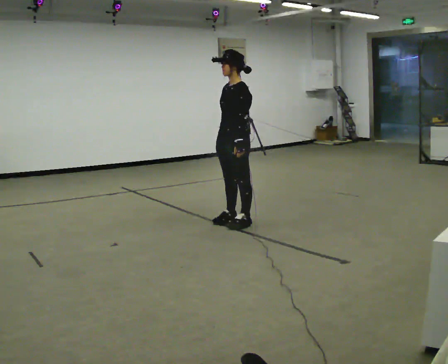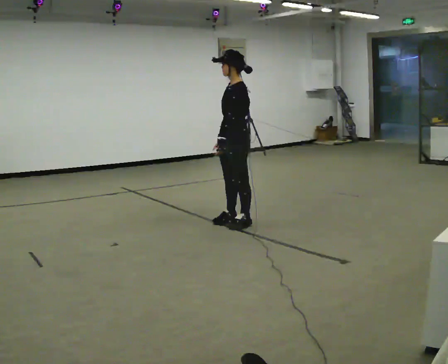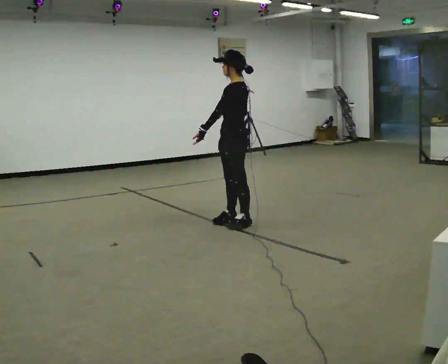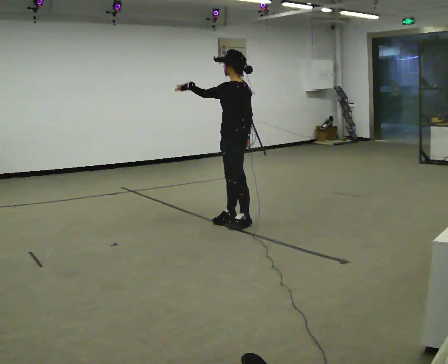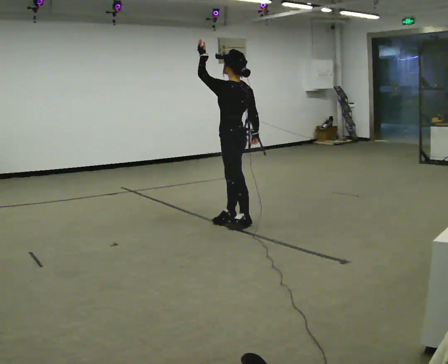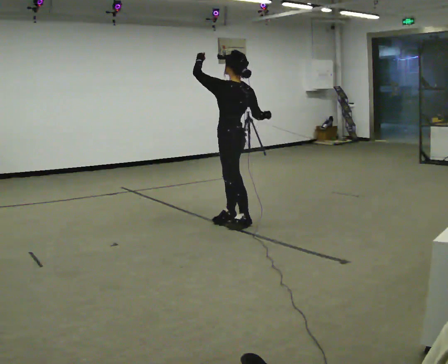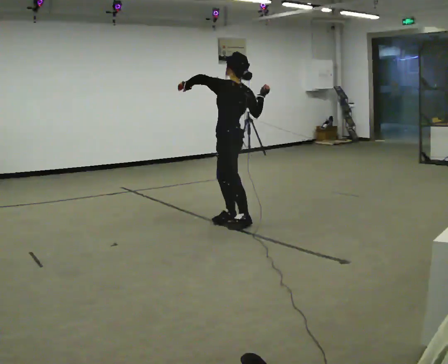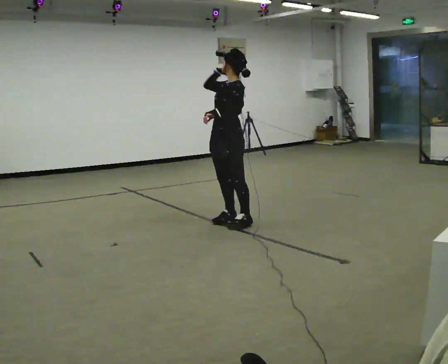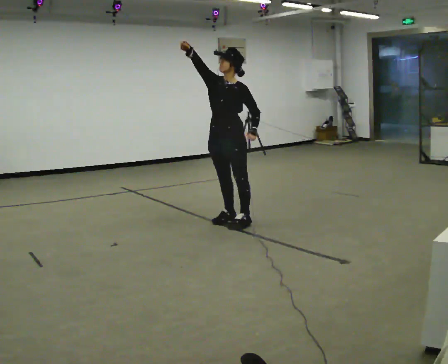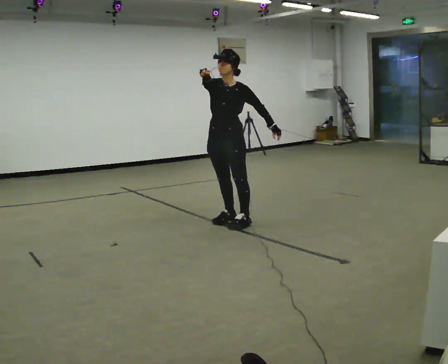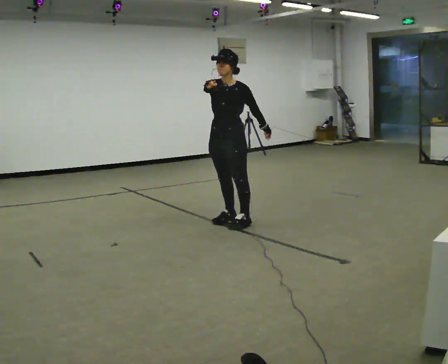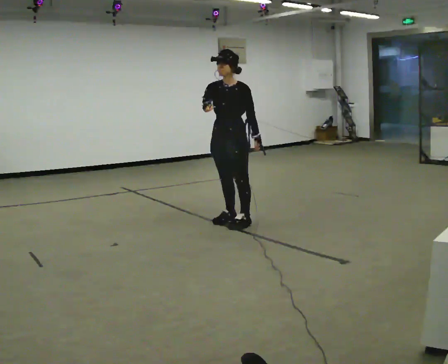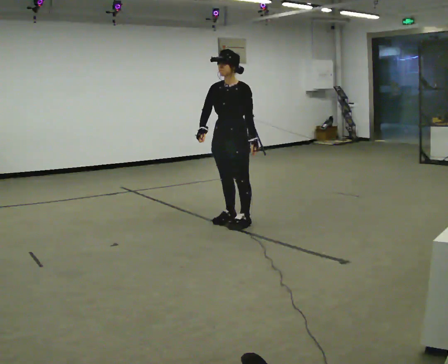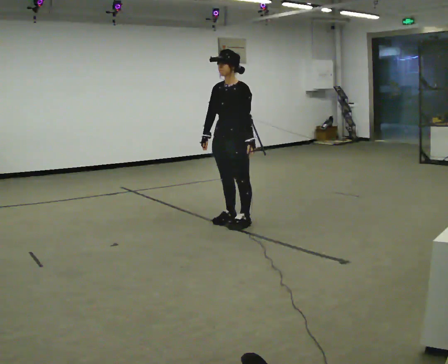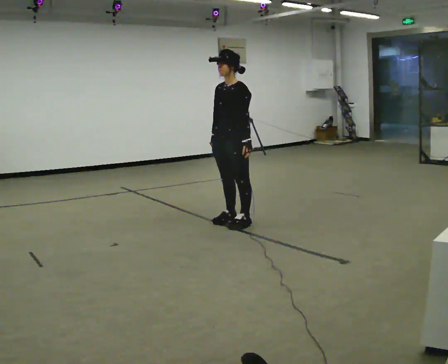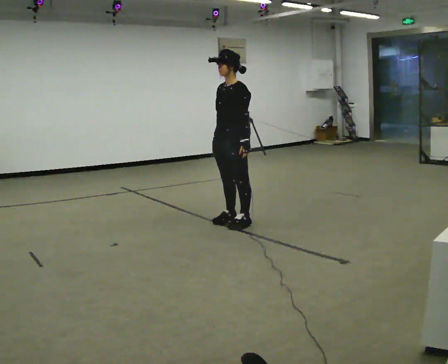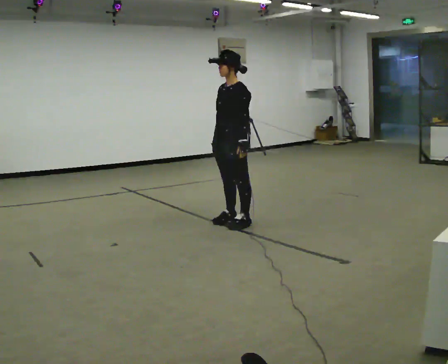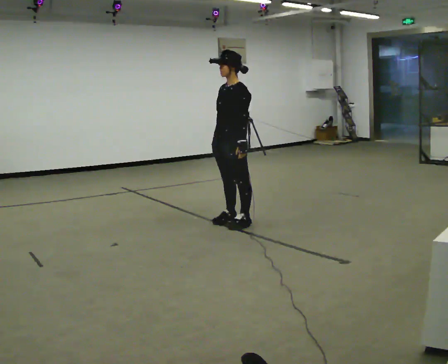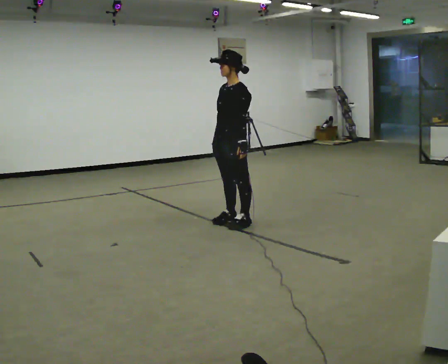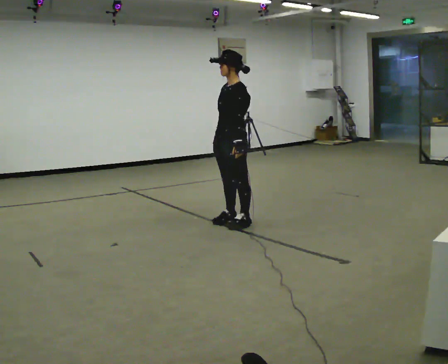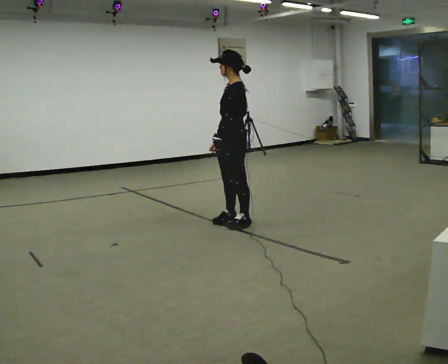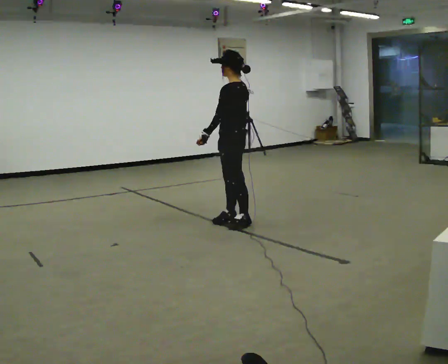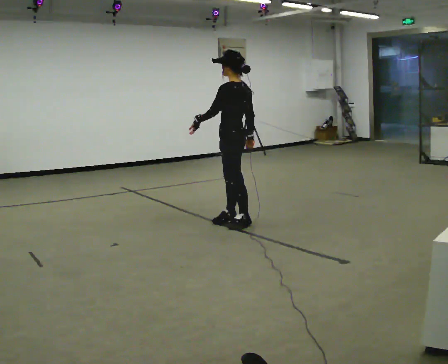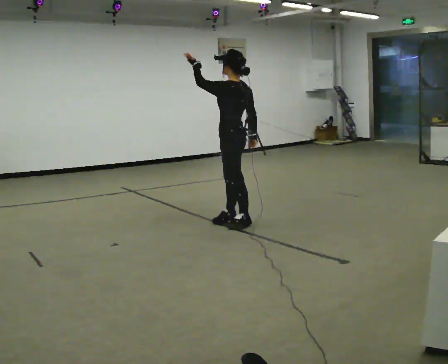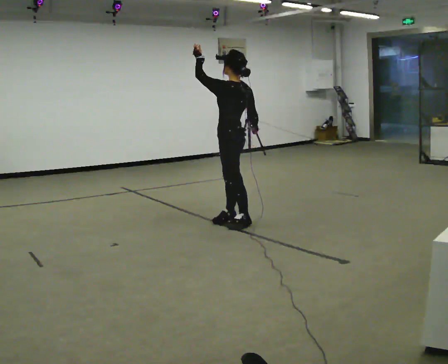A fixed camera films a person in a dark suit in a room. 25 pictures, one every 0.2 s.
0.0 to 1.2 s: The part of the body nearest the lens slides to the left as the person turns to their right by about 45 degrees. In the picture their left hand goes upward and to the left.
1.2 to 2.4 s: Seen from above the body turns counterclockwise, about 75 degrees: to their left, with its near side sliding to the right. In the picture their left hand goes to the right and downward.
2.4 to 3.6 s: The person moves a little, or ends about where they began.
3.6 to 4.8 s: The person turns about 60 degrees to their right, clockwise seen from above, so the part of the body nearest the lens slides to the left. In the picture their left hand goes upward and to the left, the arm swinging clockwise.
The film runs forward here.
